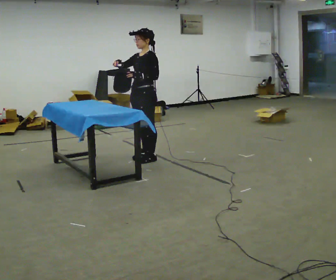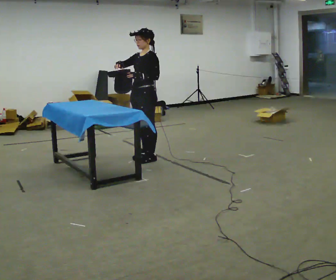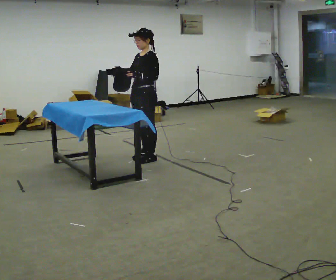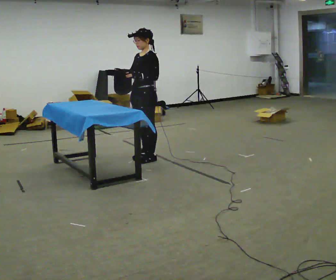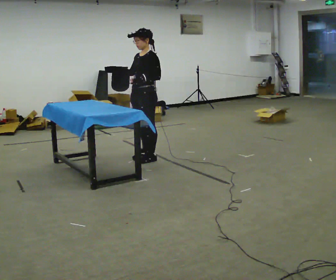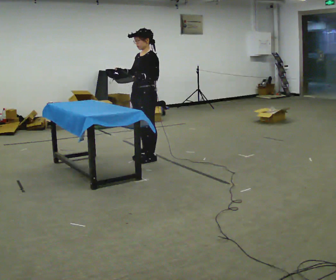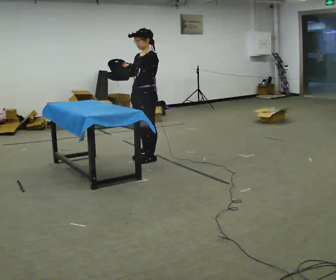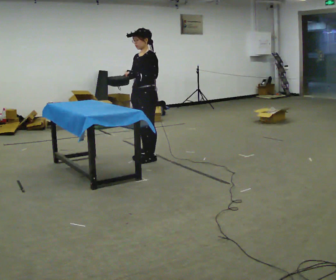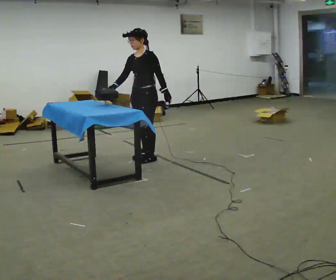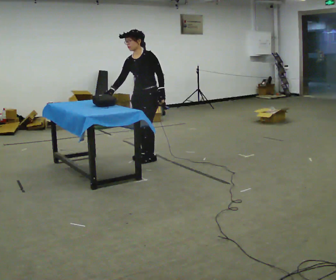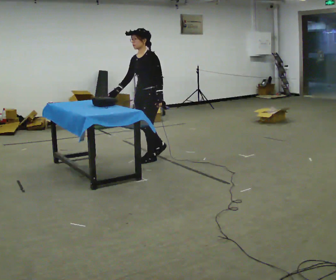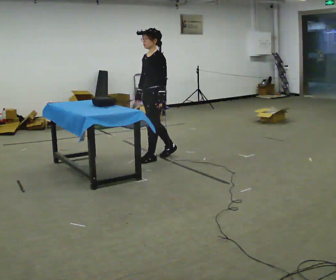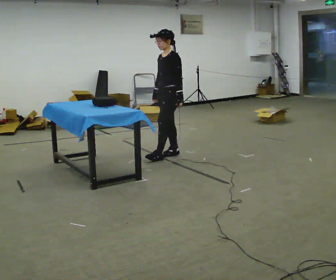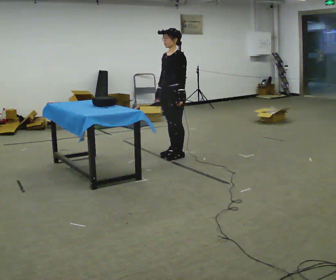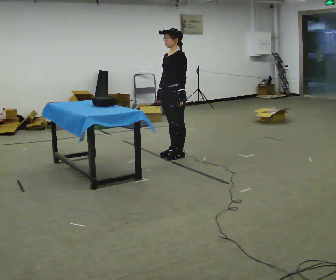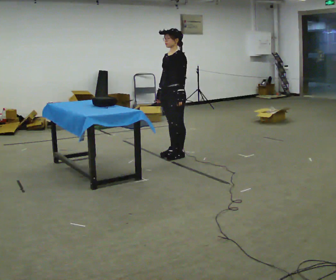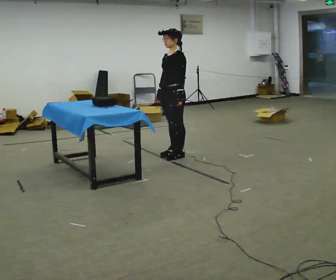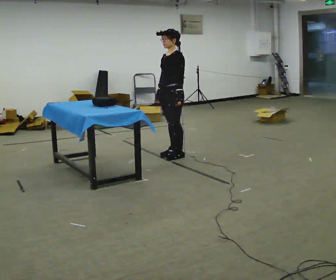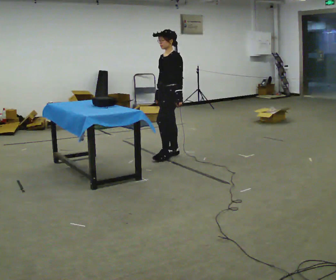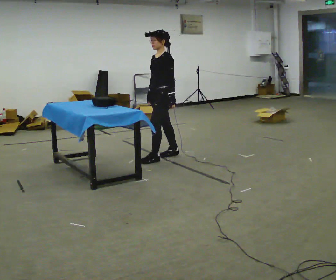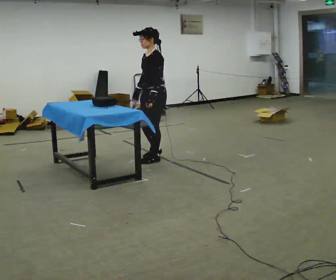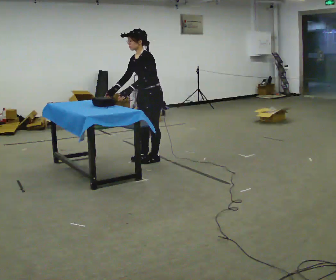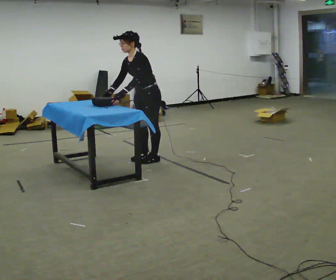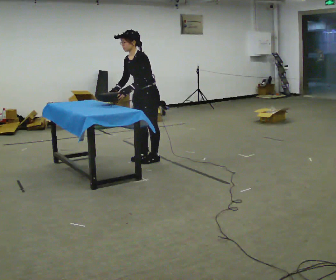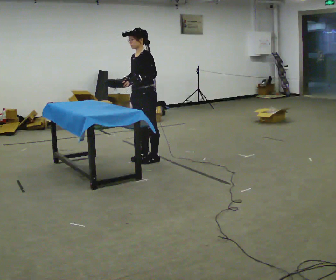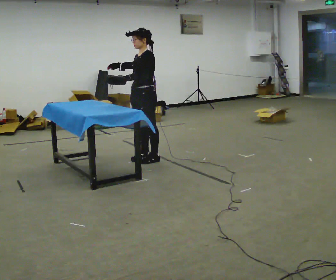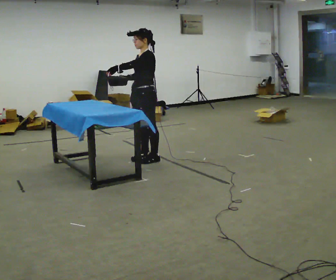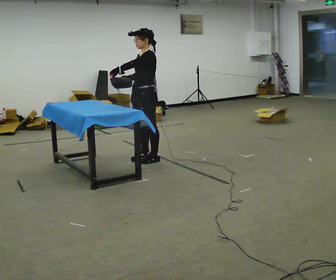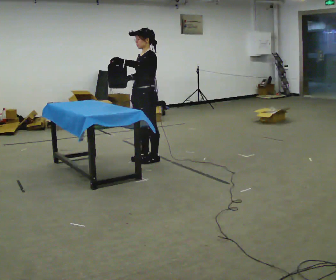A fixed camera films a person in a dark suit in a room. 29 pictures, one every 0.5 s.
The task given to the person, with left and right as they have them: Hold the object steady with one hand and work on it with the other, as the operator shows you. Repeat at your own pace until the operator says stop. Keep both feet on the marked spots for the whole take. If you have to step, stop and tell the operator.
0.0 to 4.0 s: In the picture their left hand goes to the right.
4.0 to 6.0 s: In the picture they go to the right and away from the camera, about 0.25 m in 1 step, which for them is backward.
6.0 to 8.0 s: The person moves a little, or ends about where they began.
8.0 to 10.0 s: In the picture they go to the left and toward the camera, about 0.25 m in 1 step, which for them is forward.
10.0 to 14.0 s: In the picture their left hand goes upward and to the left.
The film runs forward here.
